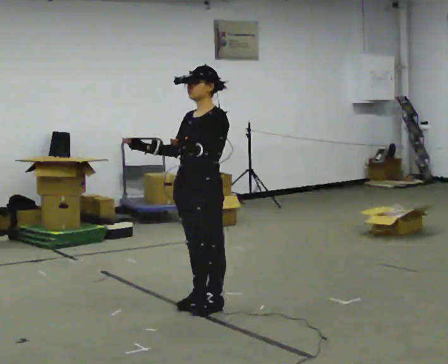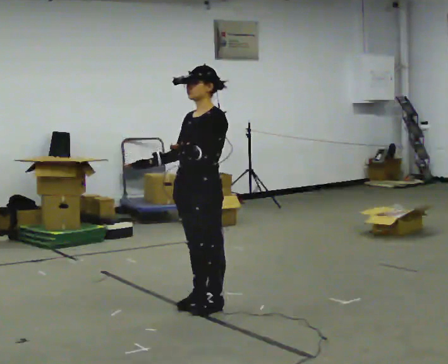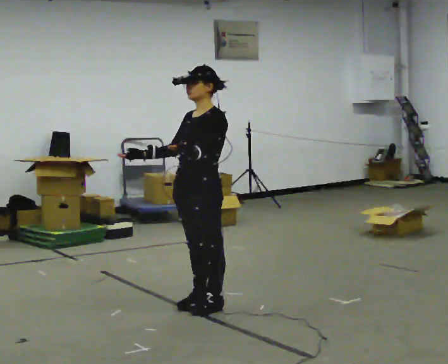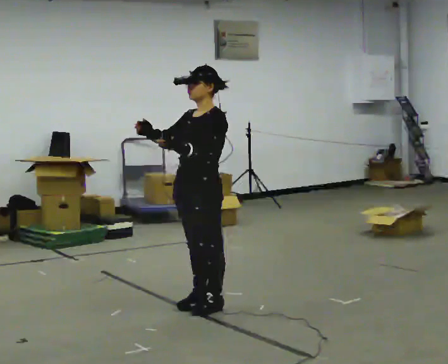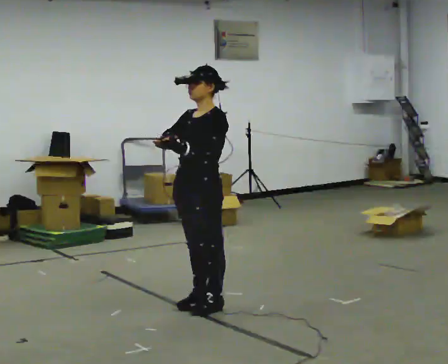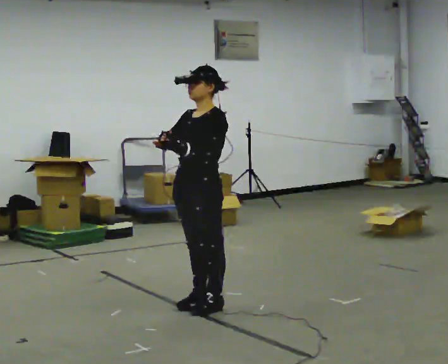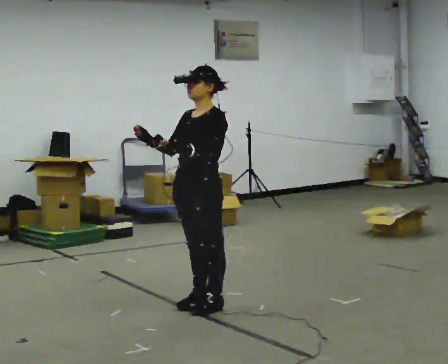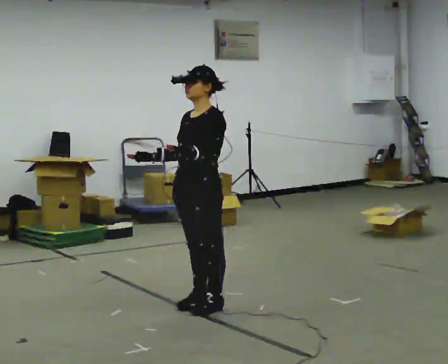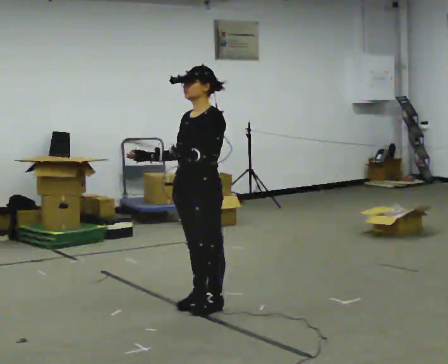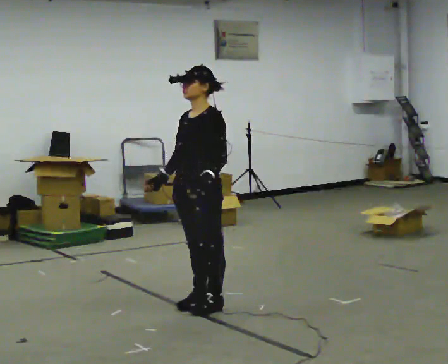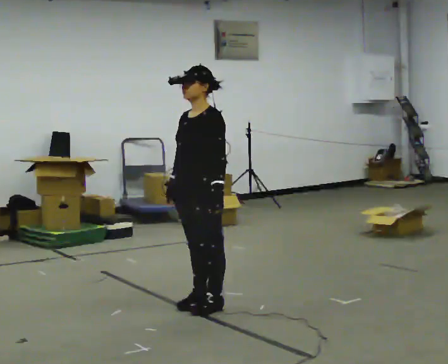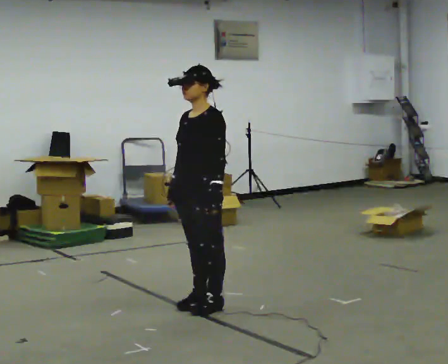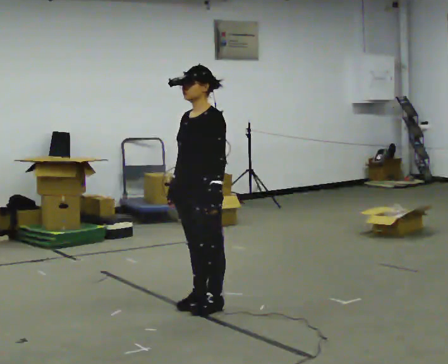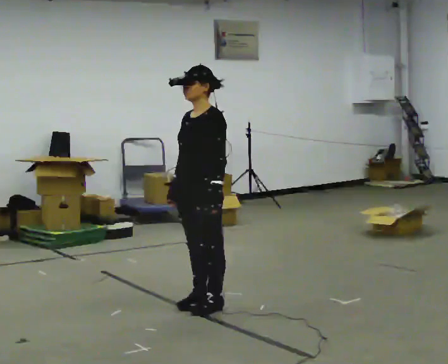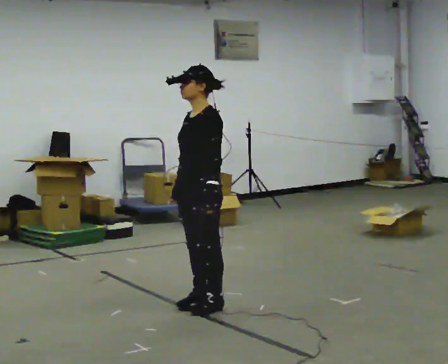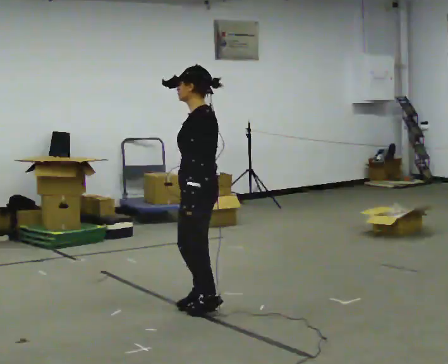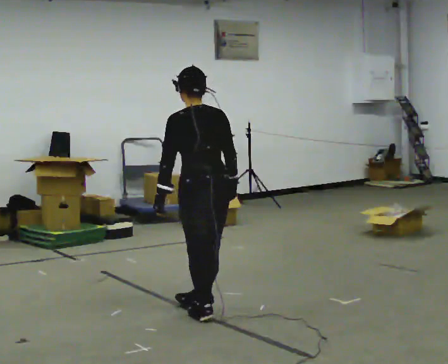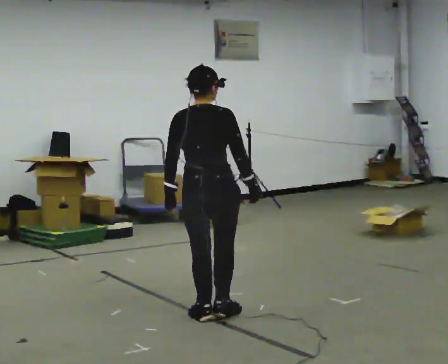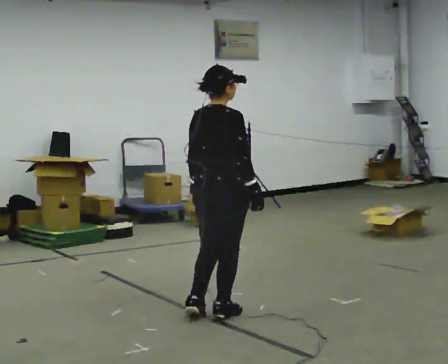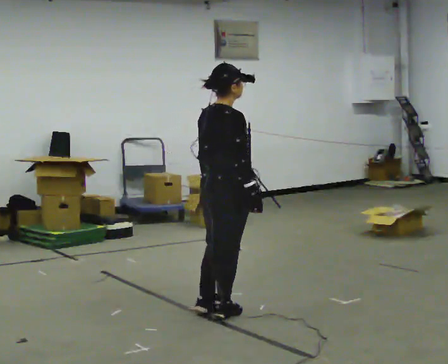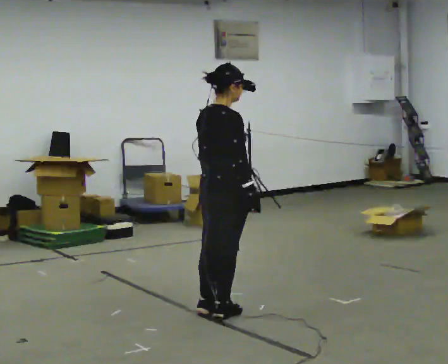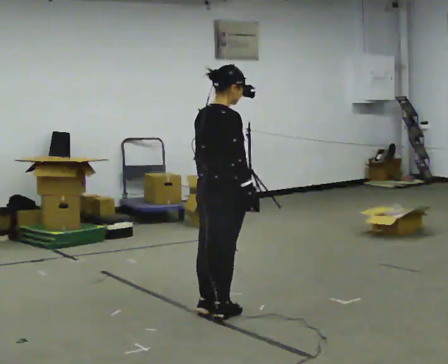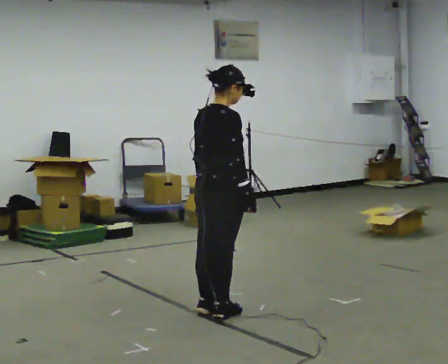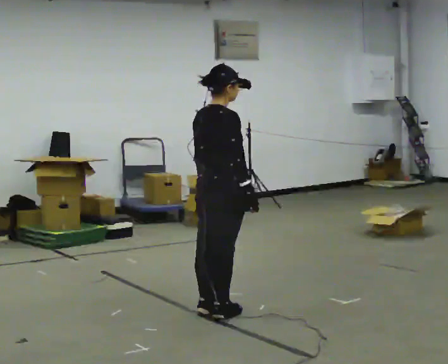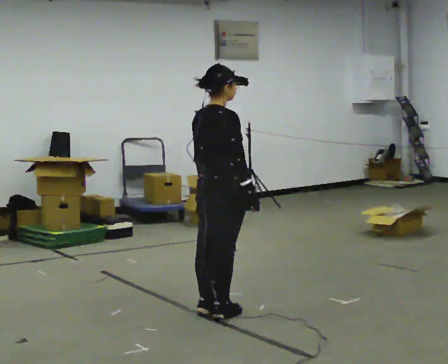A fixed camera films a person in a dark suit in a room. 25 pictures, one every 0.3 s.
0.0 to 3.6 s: The person moves a little, or ends about where they began.
3.6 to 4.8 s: The part of the body nearest the lens slides to the left as the person turns to their right by about 105 degrees. In the picture they go toward the camera, about 0.25 m in 1 step. In the picture their right hand goes to the right, the arm swinging counterclockwise.
4.8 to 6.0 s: The person turns about 75 degrees to their right, clockwise seen from above, so the part of the body nearest the lens slides to the left.
6.0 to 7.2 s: The person keeps their place and pose.
The film runs forward here.
